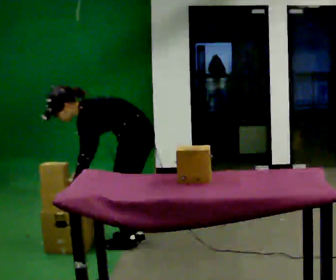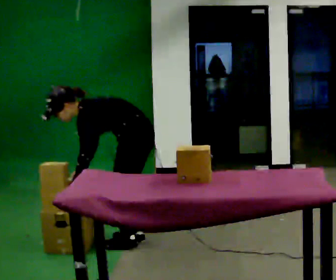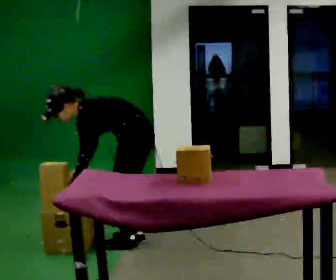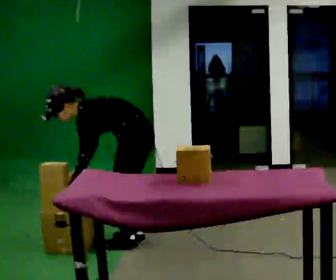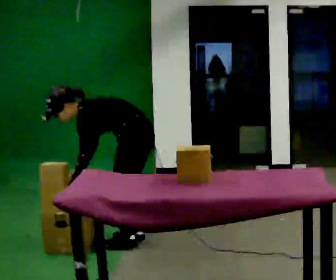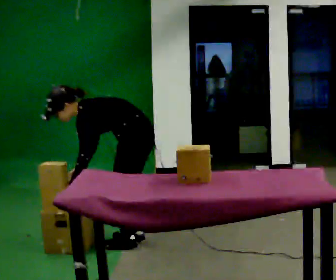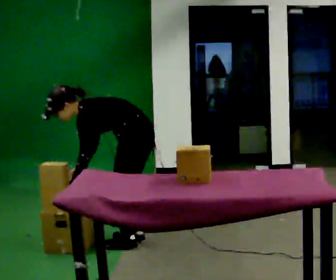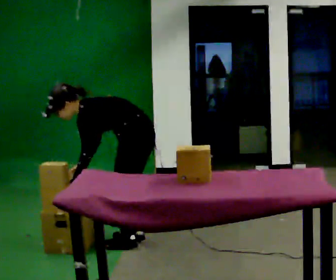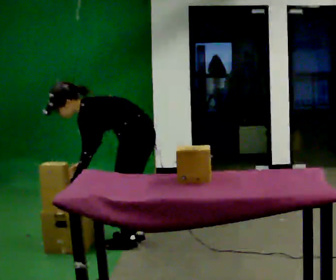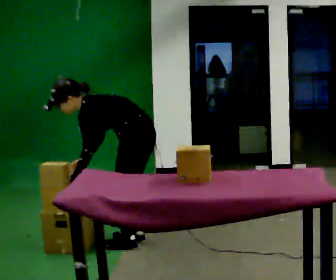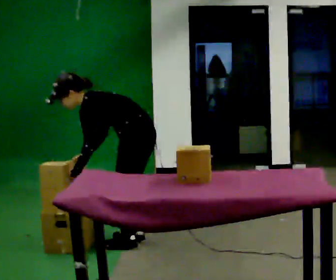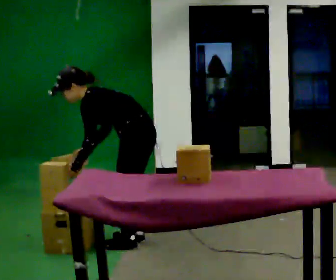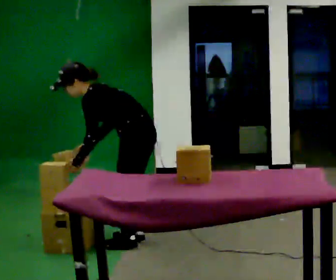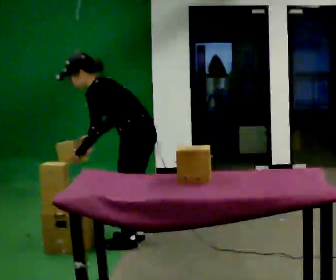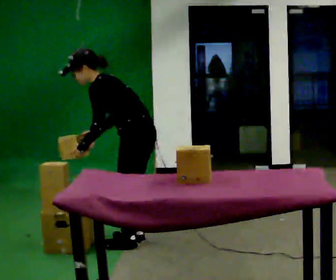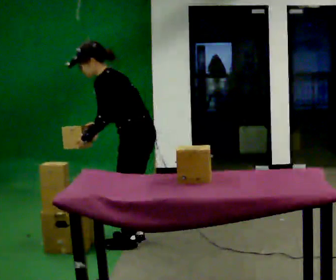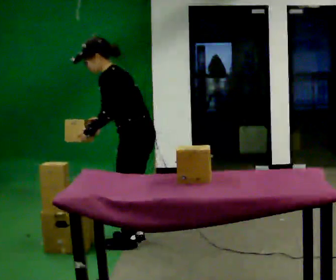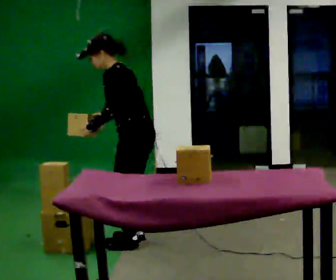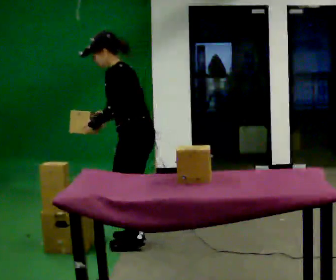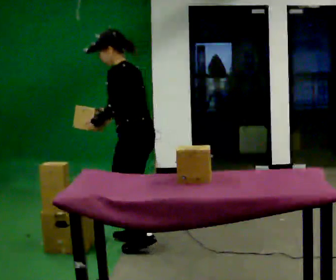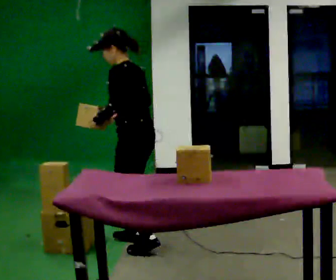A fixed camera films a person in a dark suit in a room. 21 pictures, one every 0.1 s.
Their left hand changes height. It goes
upward.
The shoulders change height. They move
upward.
0.0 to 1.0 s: The person moves a little, or ends about where they began.
1.0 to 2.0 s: The upper body goes upward. In the picture the upper body tilts clockwise, shoulders to the right, as they lean back or straighten. In the picture their left hand goes upward.
The film runs backward here.
